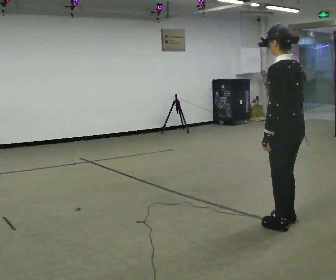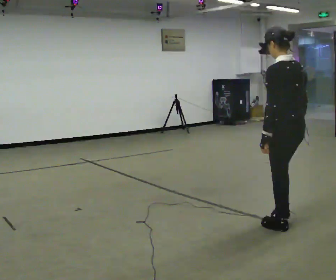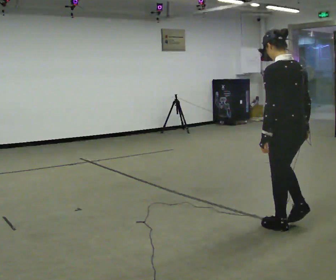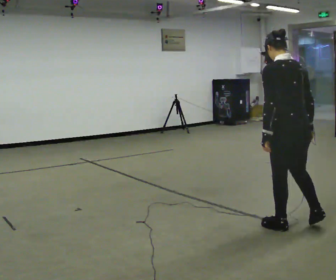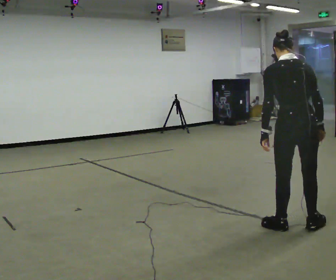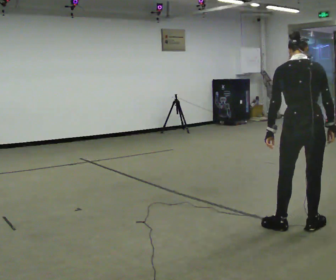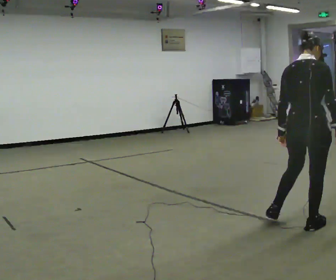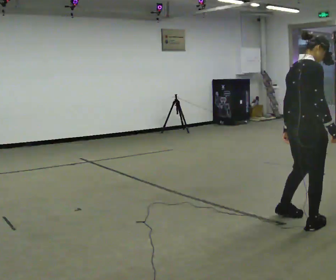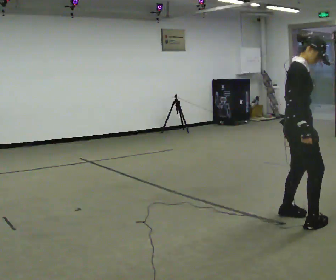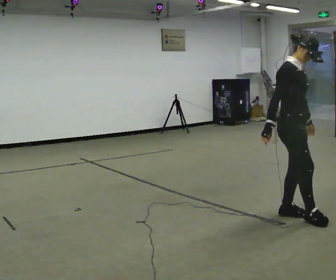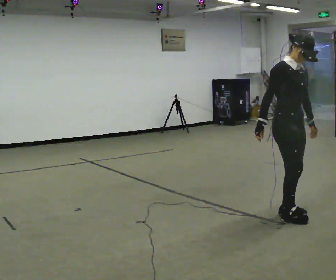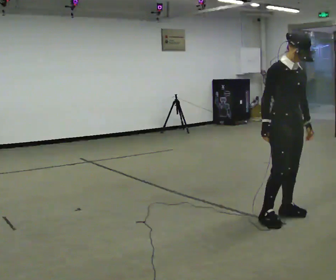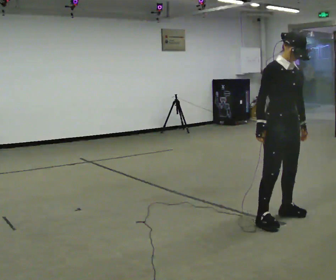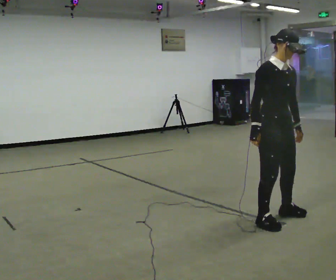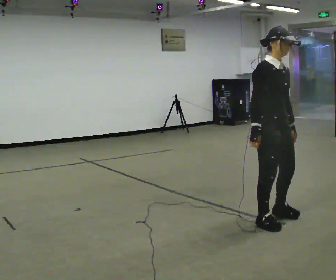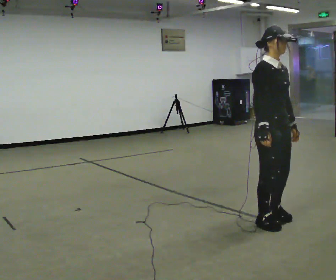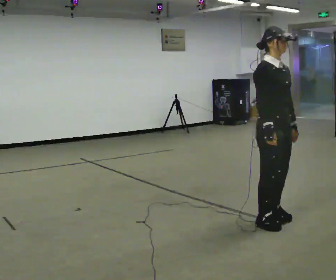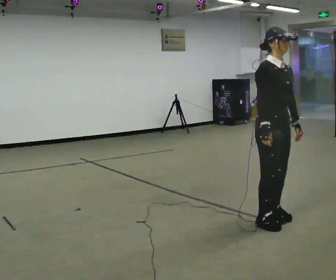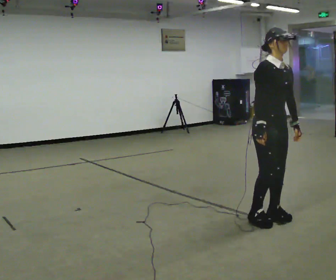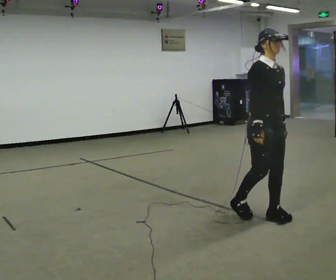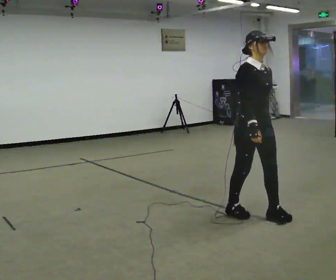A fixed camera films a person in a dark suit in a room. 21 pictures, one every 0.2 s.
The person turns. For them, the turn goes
to their right.
The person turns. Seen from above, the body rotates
clockwise.
0.0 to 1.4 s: The part of the body nearest the lens slides to the left as the person turns to their right by about 120 degrees.
1.4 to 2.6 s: The part of the body nearest the lens slides to the left as the person turns to their right by about 60 degrees. In the picture they go to the left, about 0.25 m in 2 steps. In the picture their right hand goes to the left.
2.6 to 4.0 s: In the picture they go to the left, about 0.25 m in 1 step, which for them is backward.
The film runs forward here.
